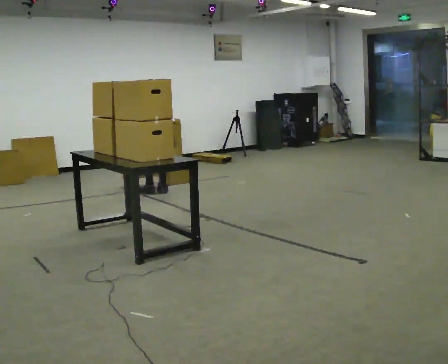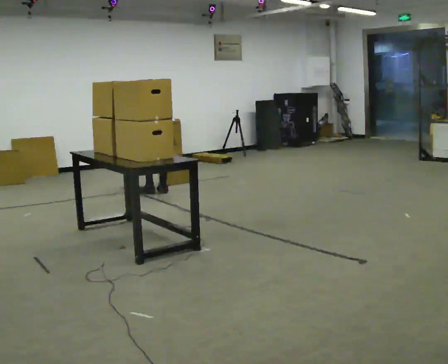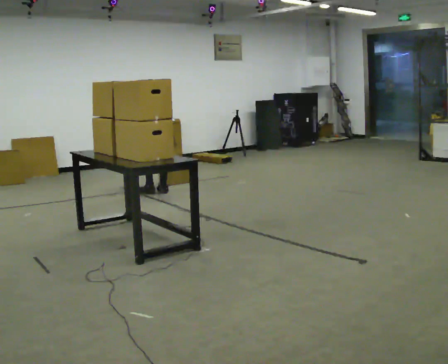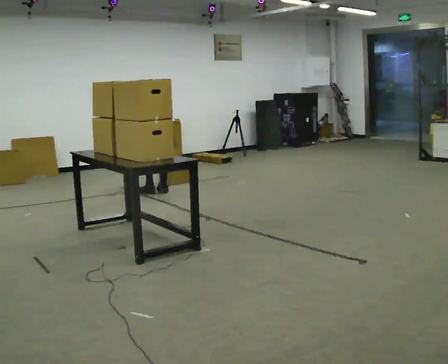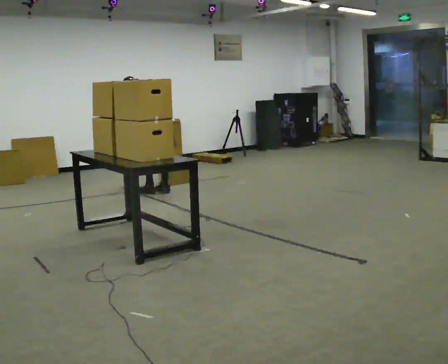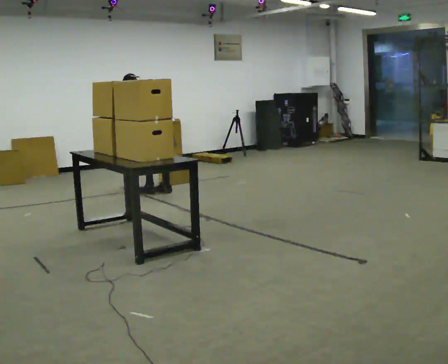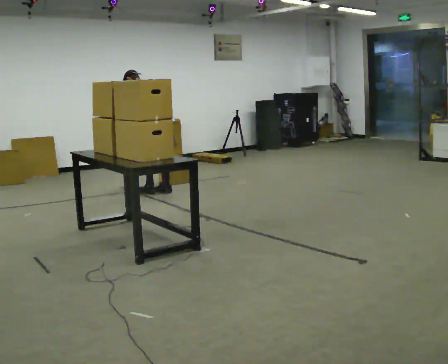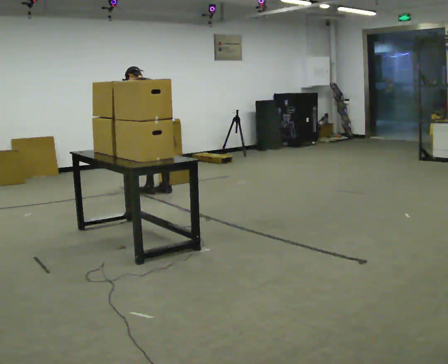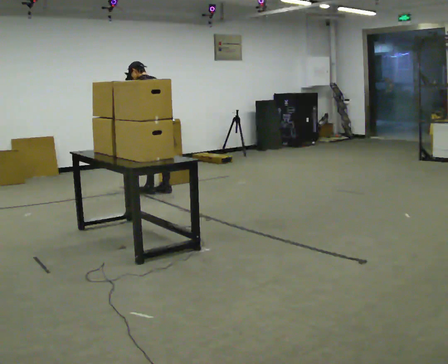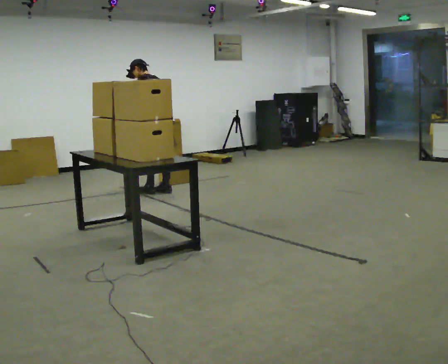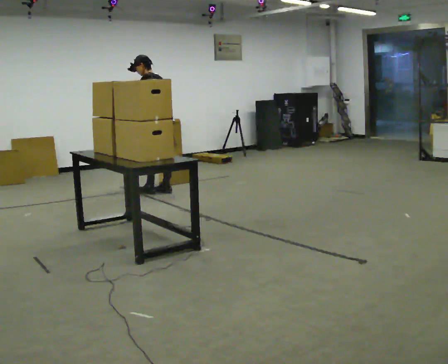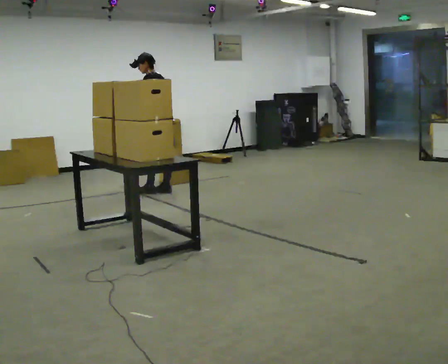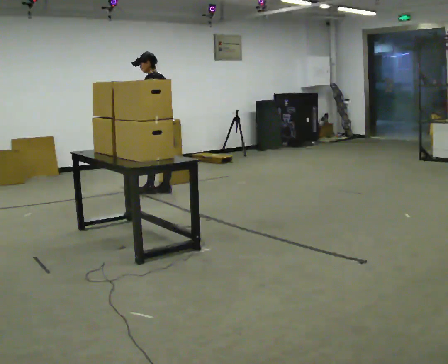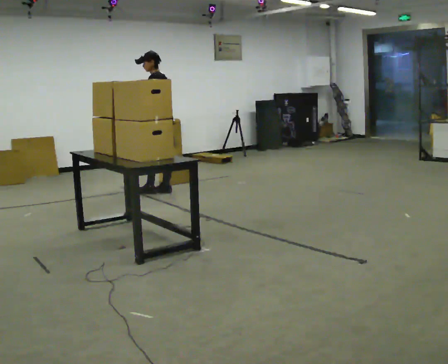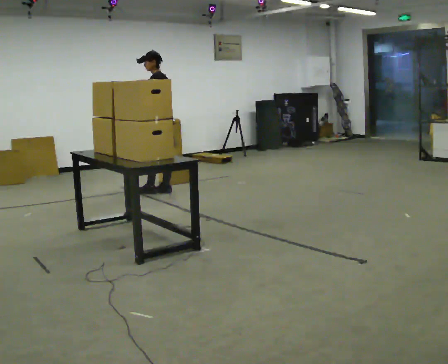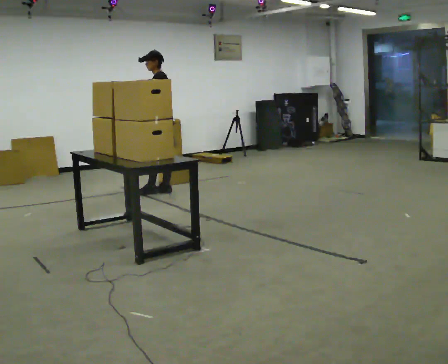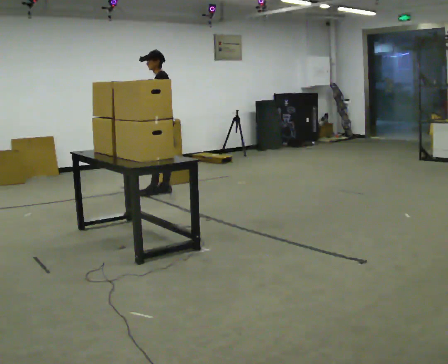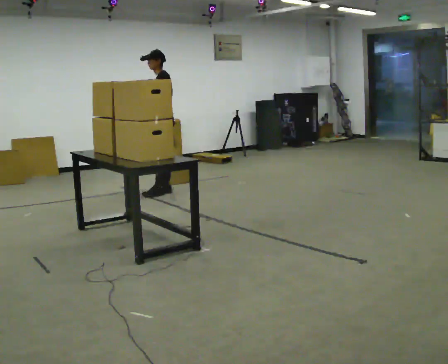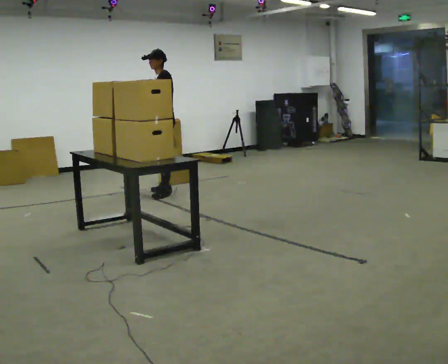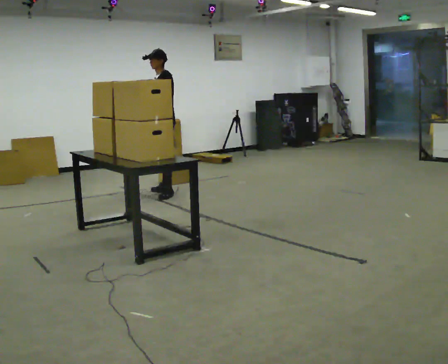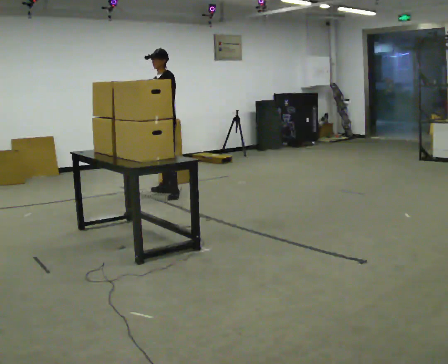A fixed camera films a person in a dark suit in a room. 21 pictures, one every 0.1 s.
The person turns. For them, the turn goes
to their left.
The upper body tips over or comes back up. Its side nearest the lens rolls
downward.
0.0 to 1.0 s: Seen from above the body turns counterclockwise, about 30 degrees: to their left, with its near side sliding to the right. The shoulders move upward. The upper body tips toward the camera, its near side rolling downward, as they lean back or straighten. In the picture their right hand goes upward.
1.0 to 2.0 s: The part of the body nearest the lens slides to the right as the person turns to their left by about 60 degrees.
The film runs forward here.
